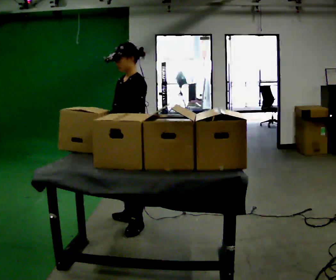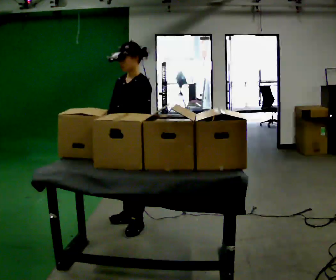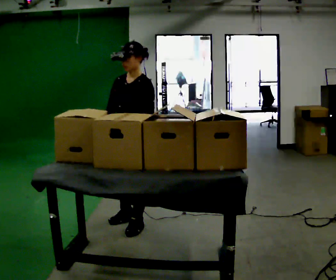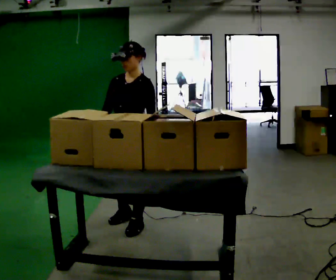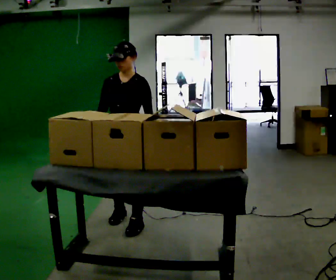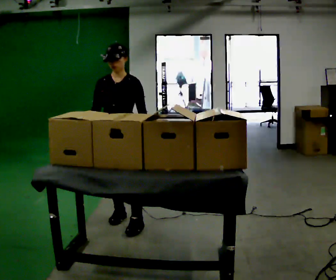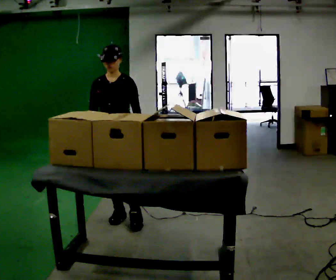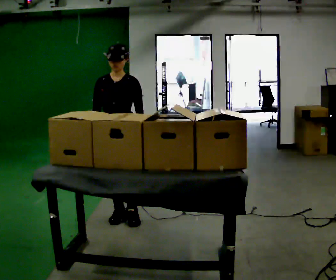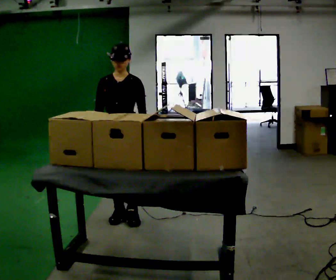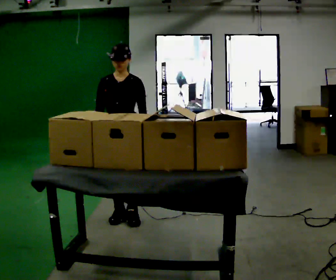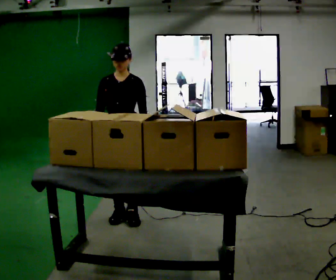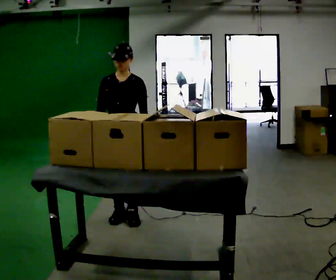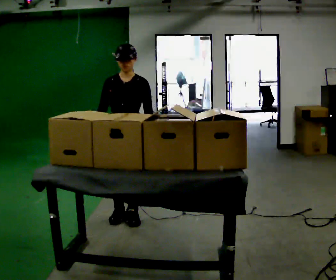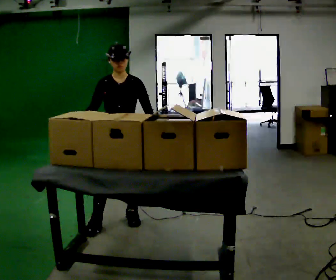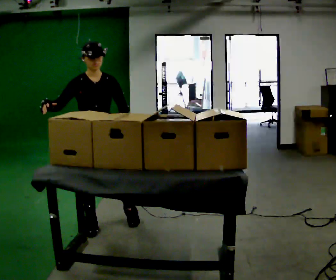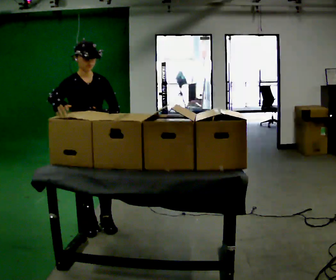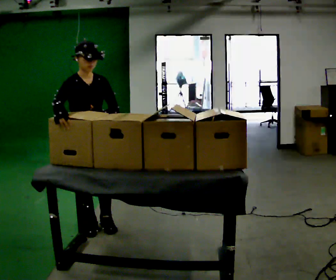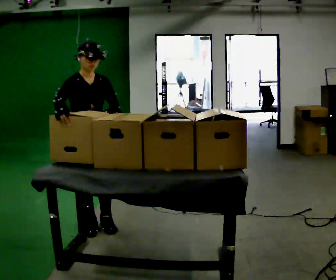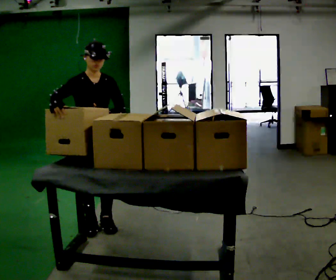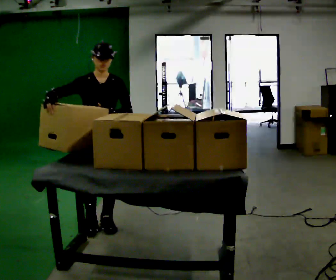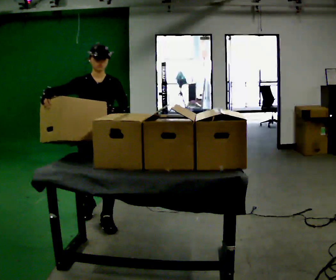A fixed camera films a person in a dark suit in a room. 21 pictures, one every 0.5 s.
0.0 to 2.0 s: The part of the body nearest the lens slides to the right as the person turns to their left by about 45 degrees.
2.0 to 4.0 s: In the picture they go away from the camera, about 0.25 m in 1 step, which for them is backward.
4.0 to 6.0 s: The person moves a little, or ends about where they began.
6.0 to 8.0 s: The person turns about 30 degrees to their left, counterclockwise seen from above, so the part of the body nearest the lens slides to the right. In the picture they go to the left and toward the camera, about 0.5 m in 2 steps, which for them is to their right and forward.
8.0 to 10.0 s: In the picture they go away from the camera, about 0.25 m in 1 step, which for them is backward and to their left.
The film runs backward here.
